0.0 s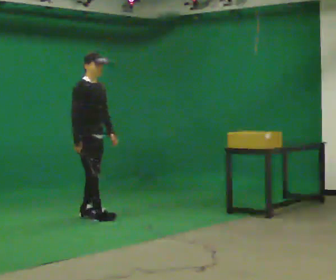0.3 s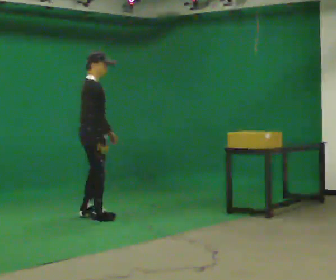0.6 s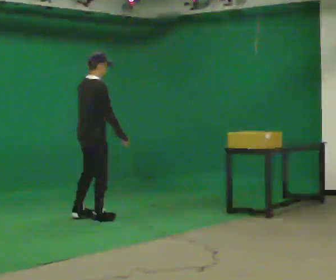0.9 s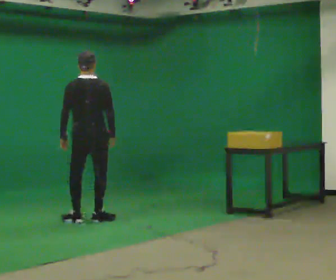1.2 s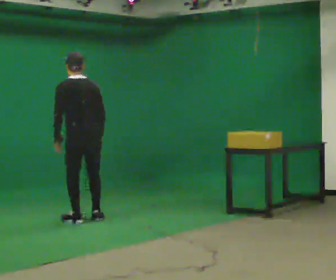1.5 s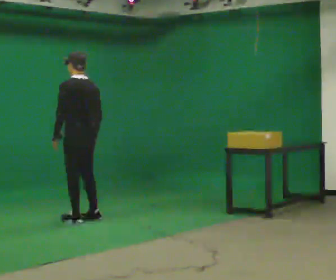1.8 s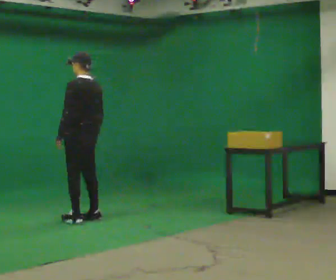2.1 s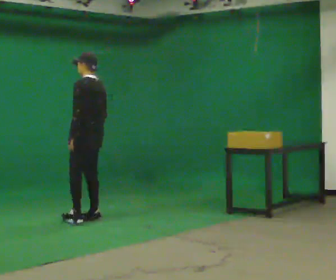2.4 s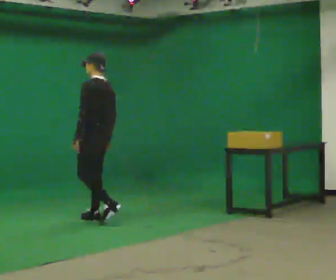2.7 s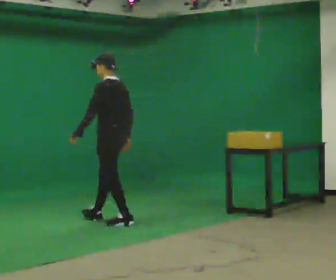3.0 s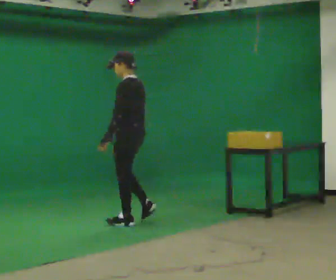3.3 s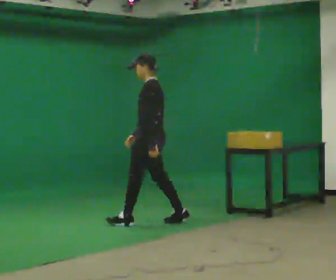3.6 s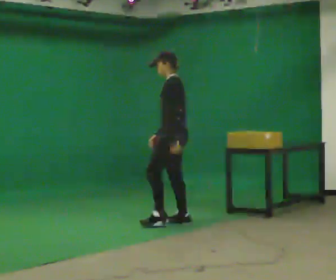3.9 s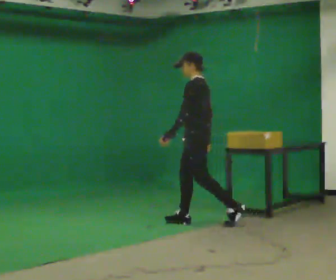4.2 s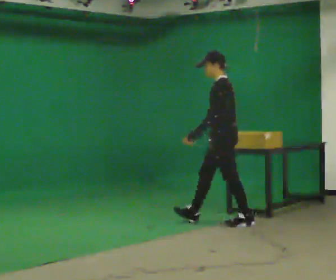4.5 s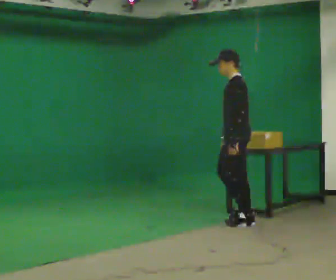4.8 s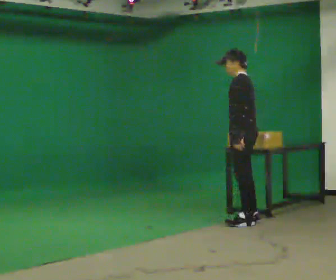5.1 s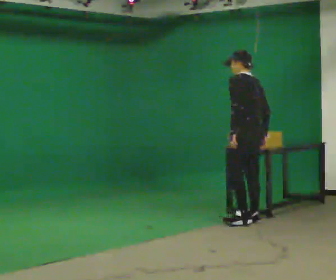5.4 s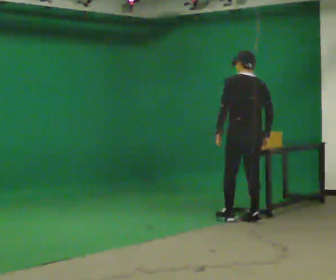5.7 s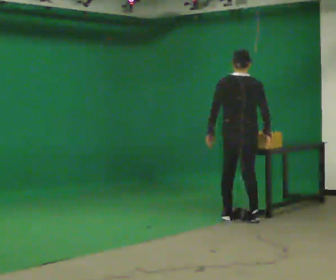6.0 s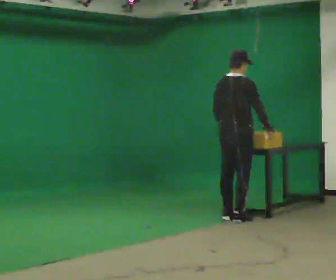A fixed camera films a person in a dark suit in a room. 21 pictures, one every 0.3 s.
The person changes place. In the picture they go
to the right.
The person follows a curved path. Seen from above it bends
counterclockwise.
0.0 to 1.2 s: Seen from above the body turns counterclockwise, about 135 degrees: to their left, with its near side sliding to the right. In the picture they go toward the camera, about 0.25 m in 1 step. In the picture the upper body tilts counterclockwise, shoulders to the left. In the picture their left hand goes to the left, the arm swinging clockwise.
1.2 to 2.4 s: The part of the body nearest the lens slides to the right as the person turns to their left by about 45 degrees.
2.4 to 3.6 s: In the picture they go to the right, about 1 m in 2 steps, which for them is backward.
3.6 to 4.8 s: In the picture they go to the right, about 0.5 m in 1 step, which for them is backward.
4.8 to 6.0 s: The person turns about 105 degrees to their right, clockwise seen from above, so the part of the body nearest the lens slides to the left. In the picture they go away from the camera, about 0.25 m in 2 steps.
The film runs backward here.
